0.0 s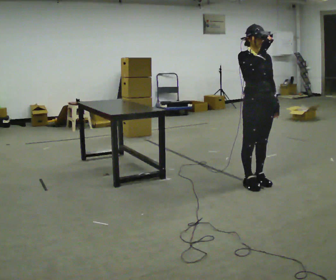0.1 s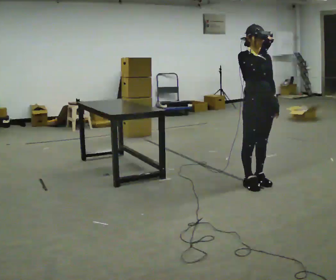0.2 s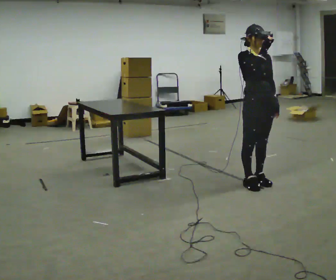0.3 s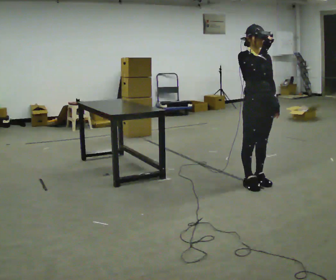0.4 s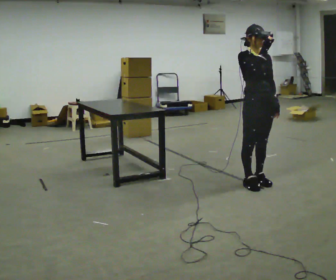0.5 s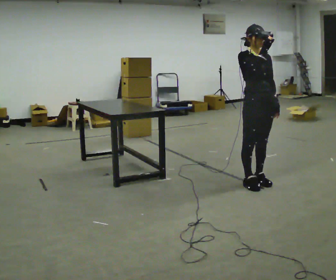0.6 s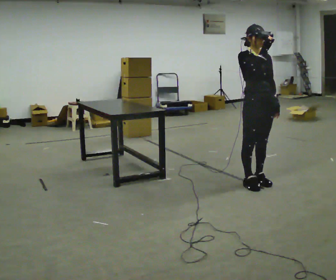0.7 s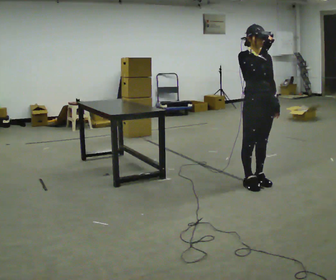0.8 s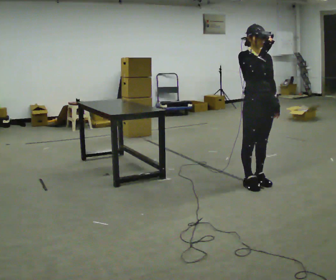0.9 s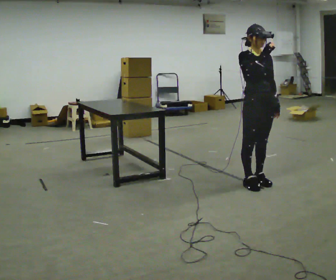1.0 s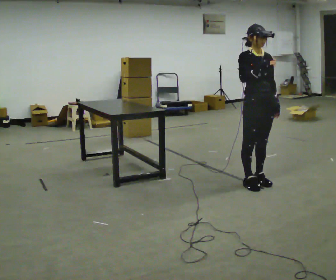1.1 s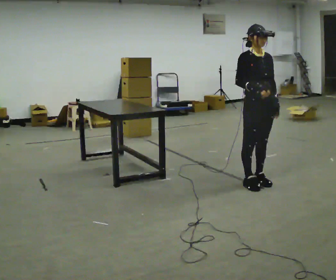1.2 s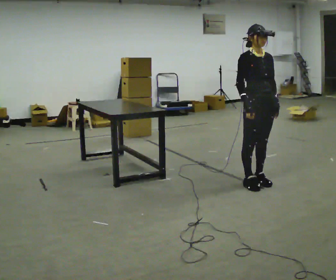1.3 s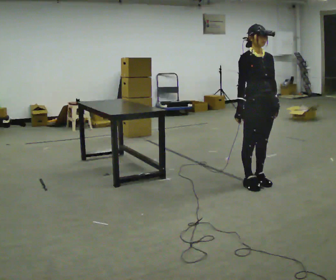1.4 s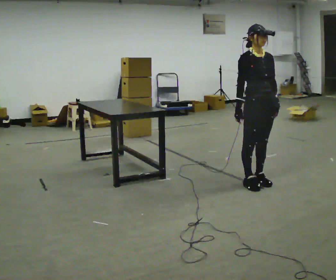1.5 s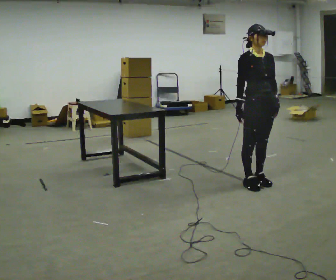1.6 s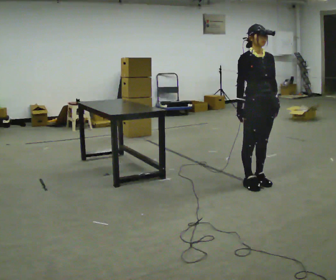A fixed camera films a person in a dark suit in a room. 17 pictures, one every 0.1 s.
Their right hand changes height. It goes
downward.
0.0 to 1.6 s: In the picture their right hand goes downward.
The film runs forward here.
